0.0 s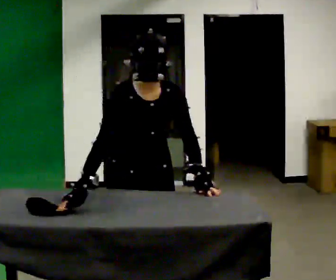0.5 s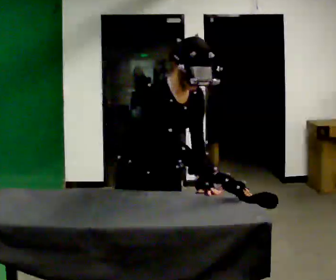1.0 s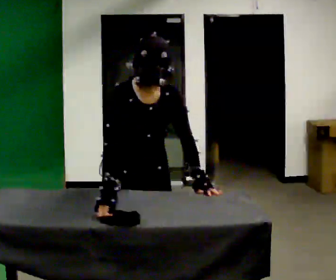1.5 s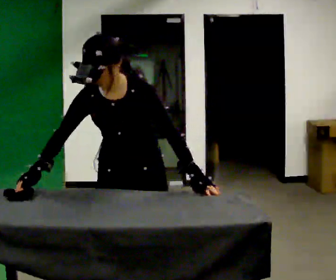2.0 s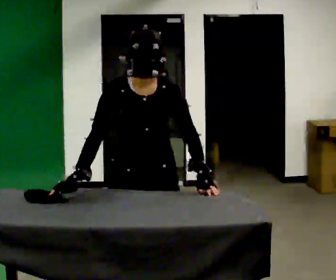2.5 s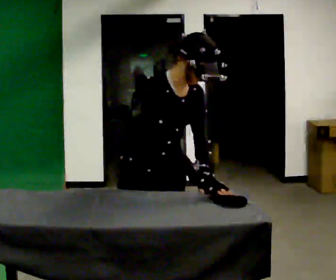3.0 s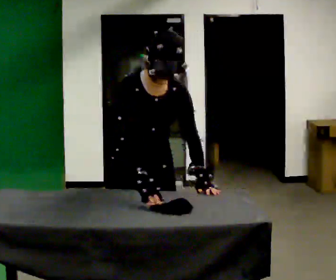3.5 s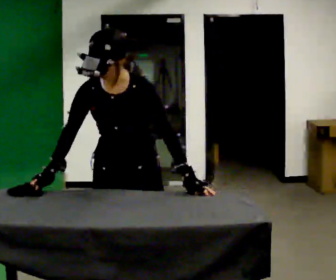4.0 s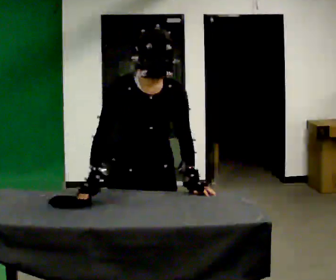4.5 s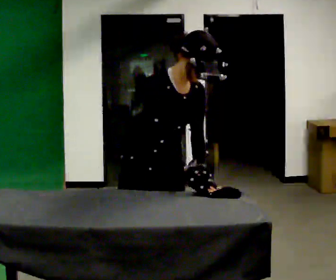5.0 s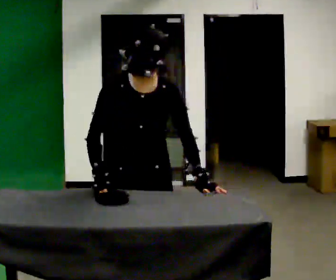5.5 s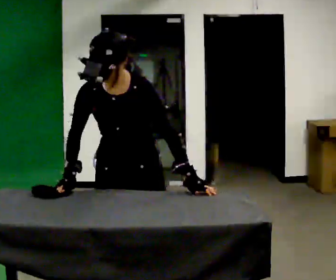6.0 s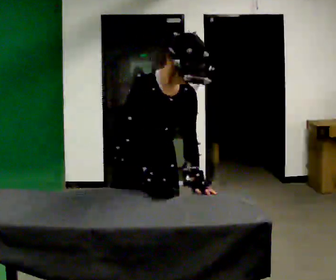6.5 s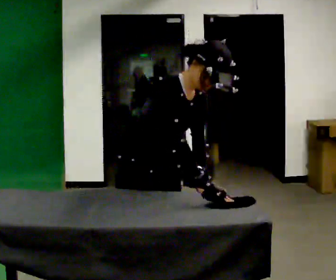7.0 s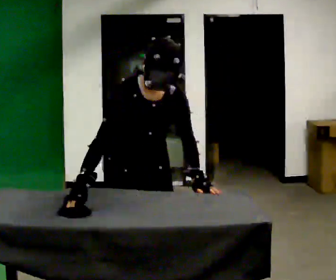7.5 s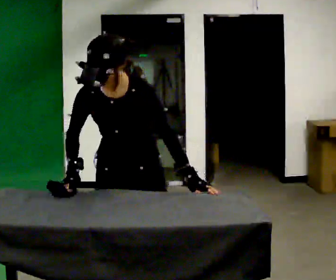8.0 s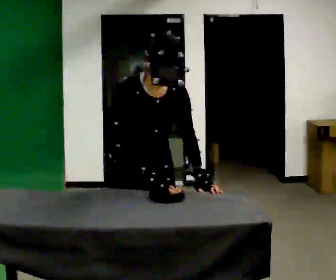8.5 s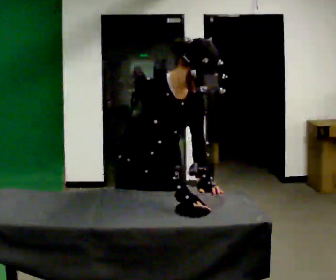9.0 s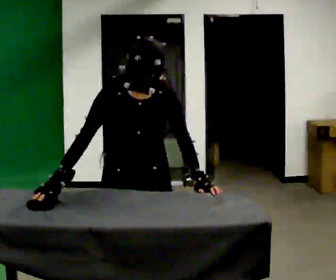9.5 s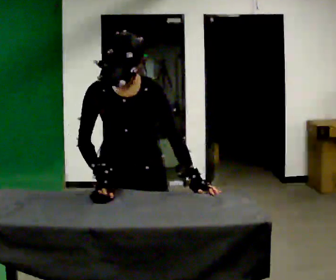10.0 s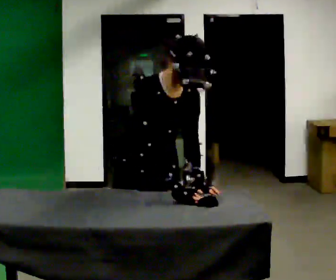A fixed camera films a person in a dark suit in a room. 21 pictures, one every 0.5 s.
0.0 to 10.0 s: In the picture their right hand goes to the right.
The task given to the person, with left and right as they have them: Cover the whole panel with the brush or roller, using long strokes. Repeat at your own pace until the operator says stop. Keep both feet on the marked spots for the whole take. If you have to step, stop and tell the operator.
The film runs forward here.
